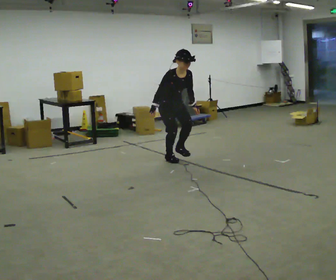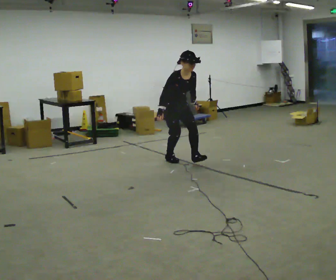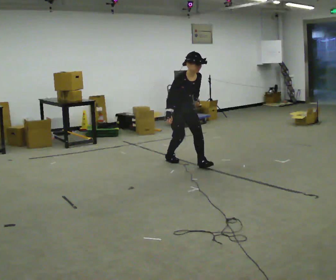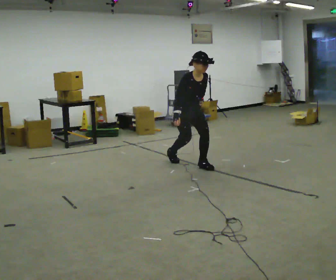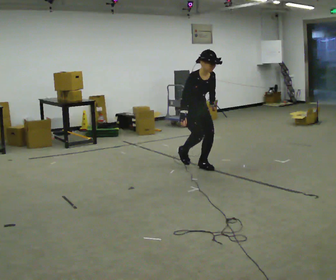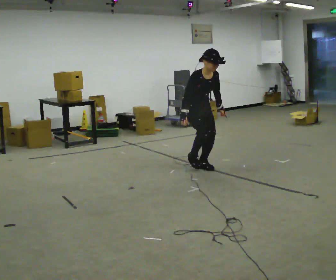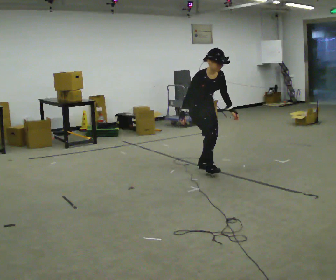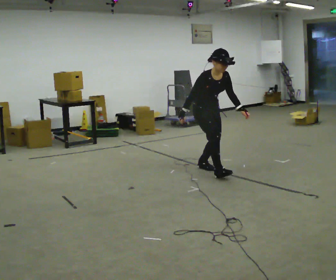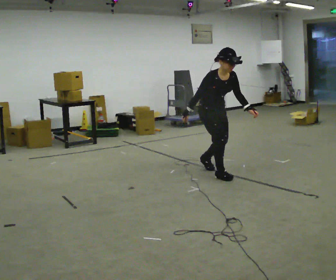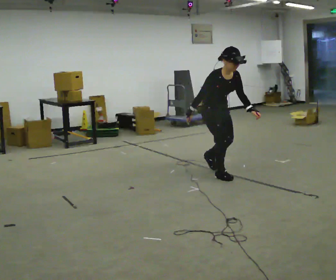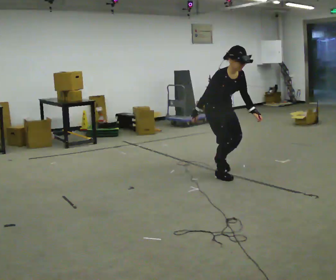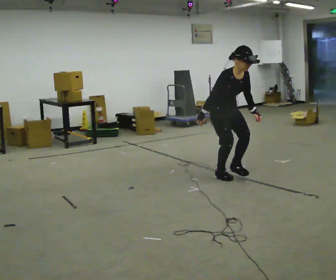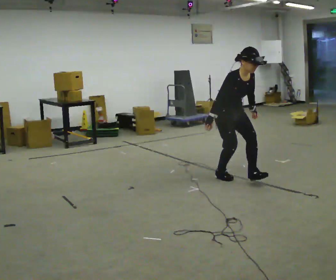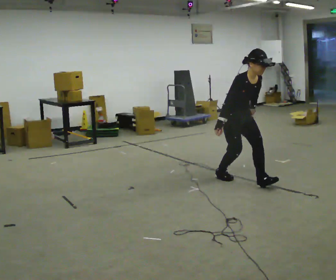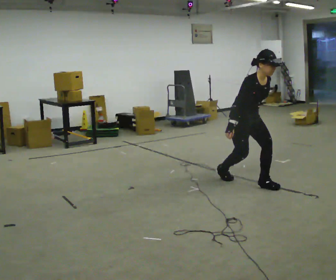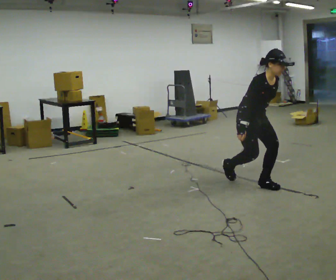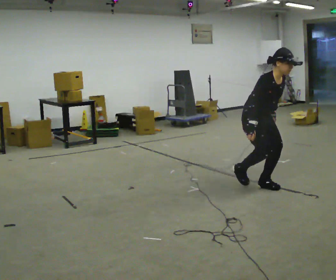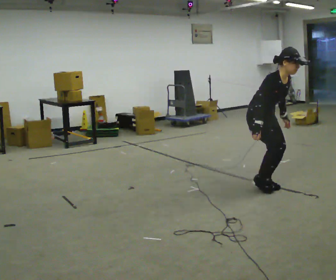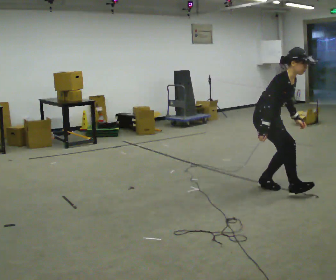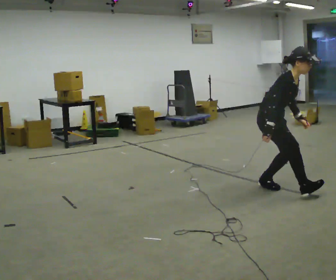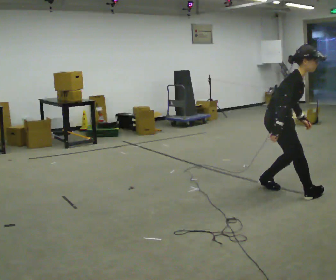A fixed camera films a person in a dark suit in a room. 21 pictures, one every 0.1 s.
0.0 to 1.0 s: In the picture they go toward the camera and to the right, about 1 m in 2 steps, which for them is forward.
1.0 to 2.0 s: The person turns about 45 degrees to their left, counterclockwise seen from above, so the part of the body nearest the lens slides to the right. In the picture they go toward the camera and to the right, about 1 m in 2 steps, which for them is forward. The upper body tips away from the camera, its near side rolling upward.
The film runs forward here.
